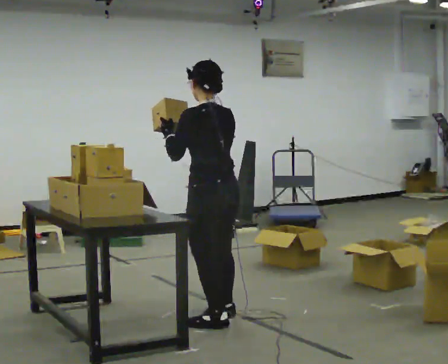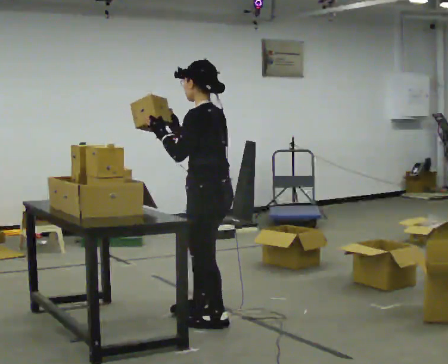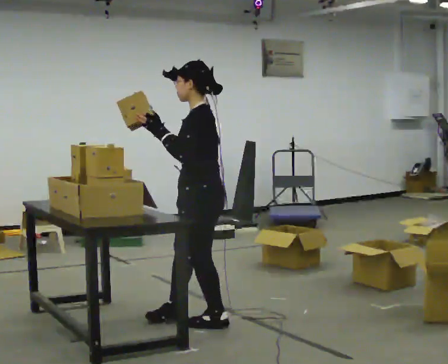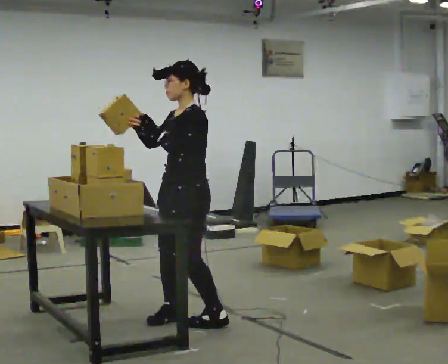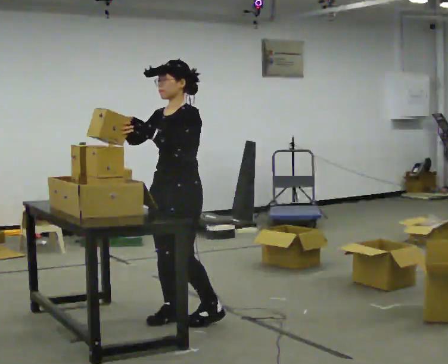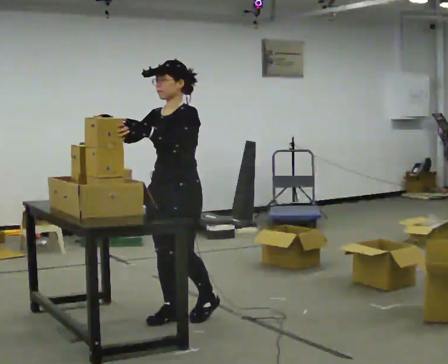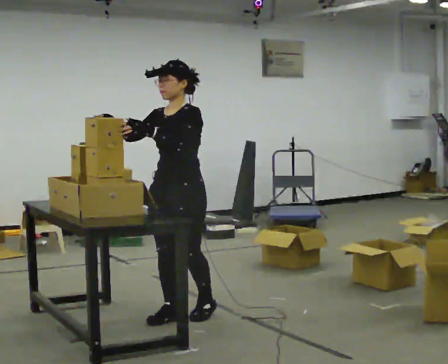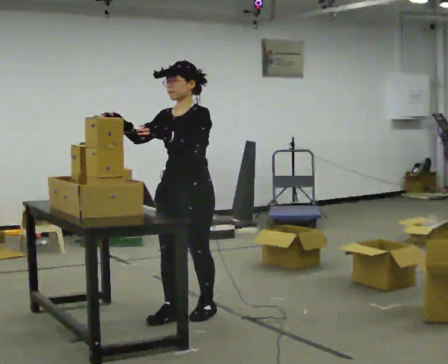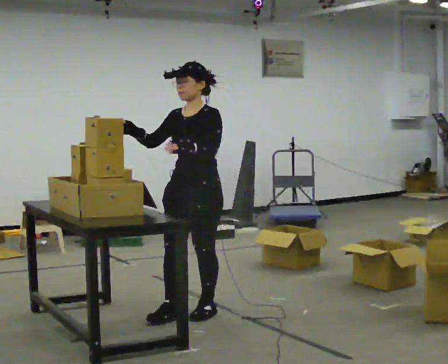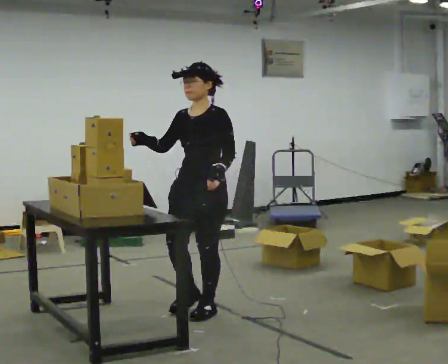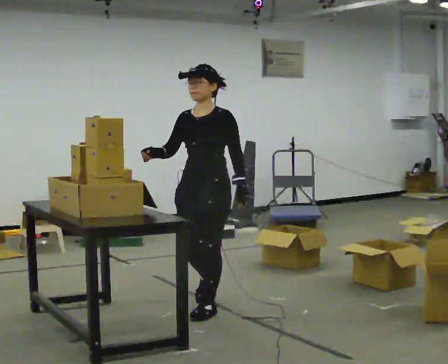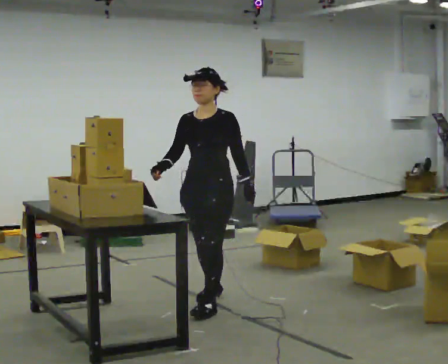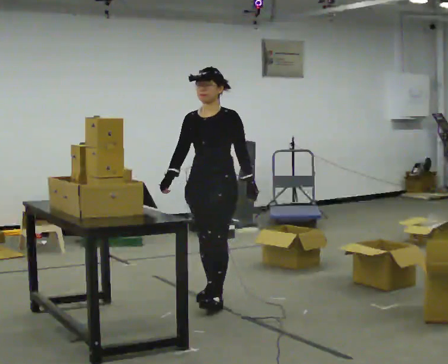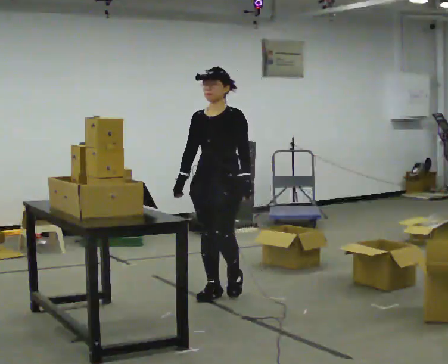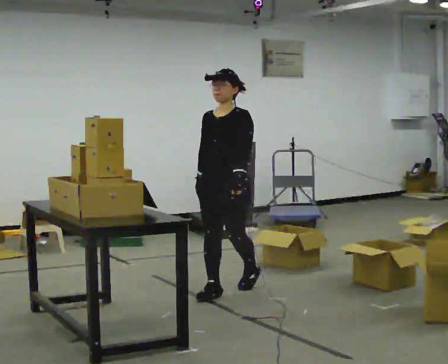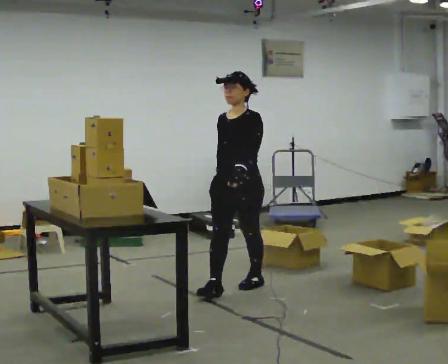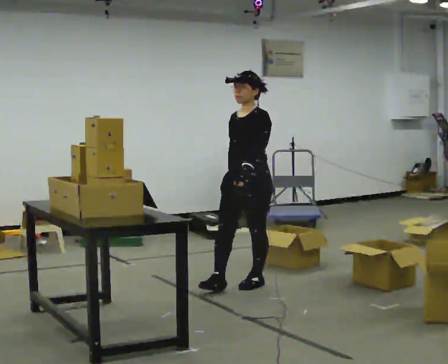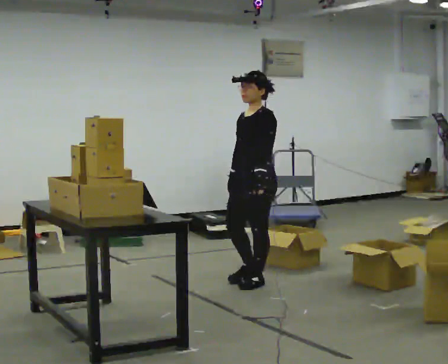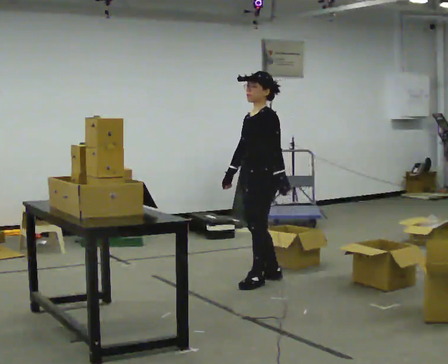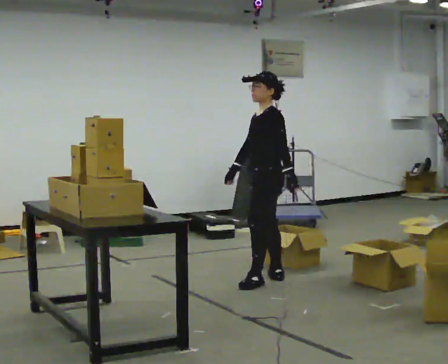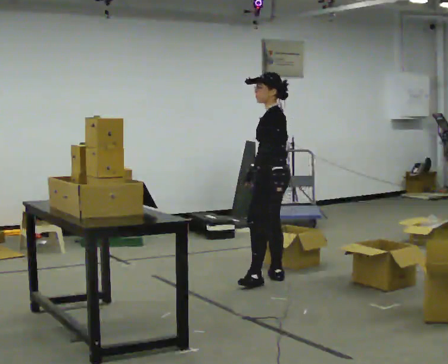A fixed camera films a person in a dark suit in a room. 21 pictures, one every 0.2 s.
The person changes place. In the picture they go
away from the camera.
The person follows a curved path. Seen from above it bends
clockwise.
0.0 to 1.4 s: The part of the body nearest the lens slides to the right as the person turns to their left by about 105 degrees. In the picture they go away from the camera and to the left, about 0.25 m in 1 step.
1.4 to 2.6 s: In the picture they go away from the camera, about 0.5 m in 2 steps, which for them is backward. In the picture their right hand goes downward, the arm swinging counterclockwise.
2.6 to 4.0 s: The part of the body nearest the lens slides to the left as the person turns to their right by about 75 degrees. In the picture they go away from the camera and to the right, about 0.75 m in 1 step.
The film runs backward here.
